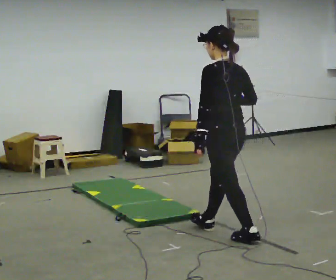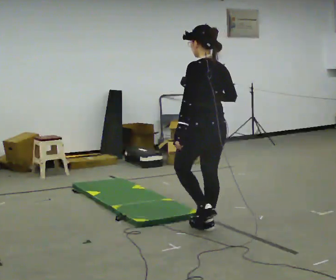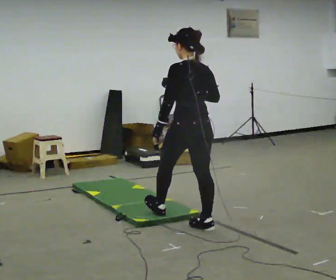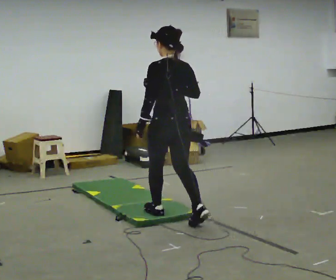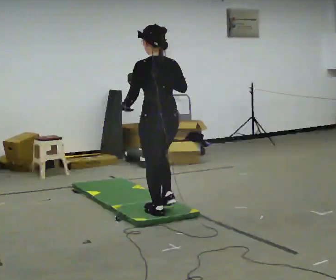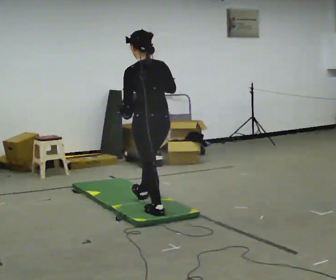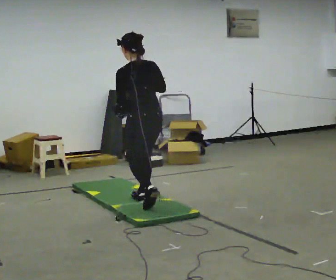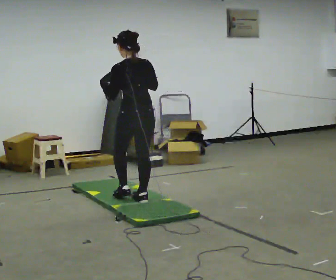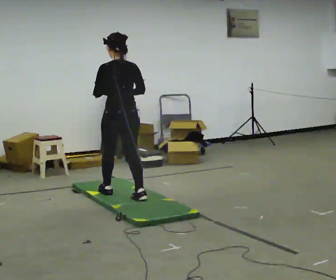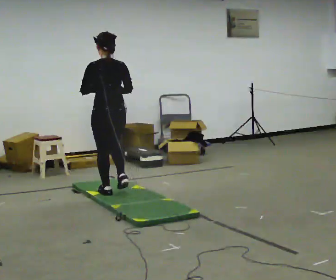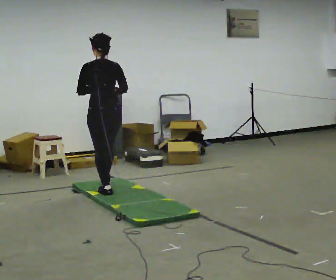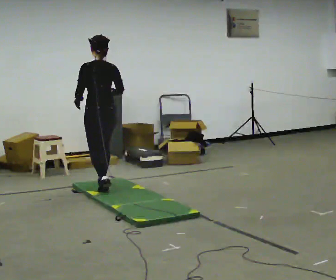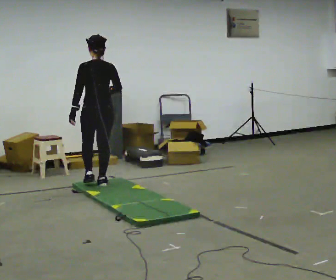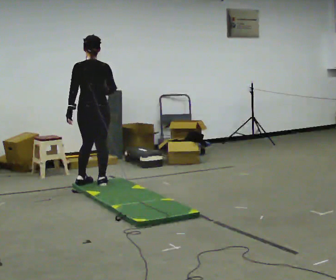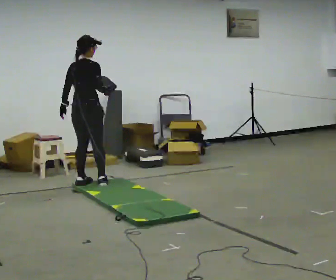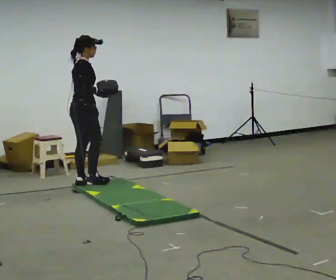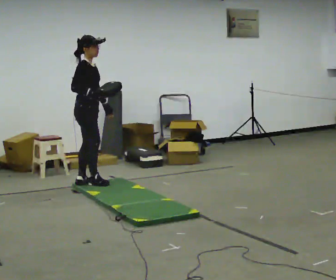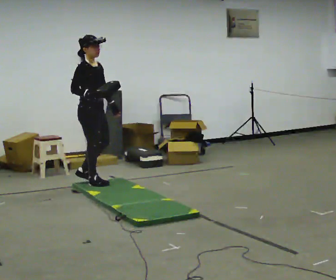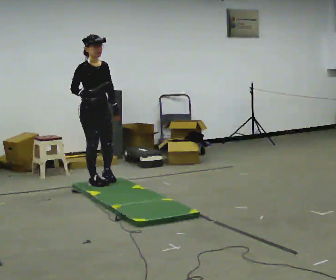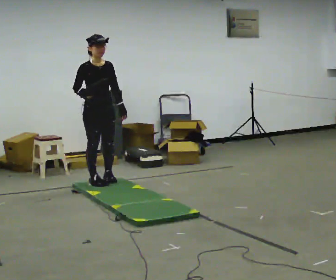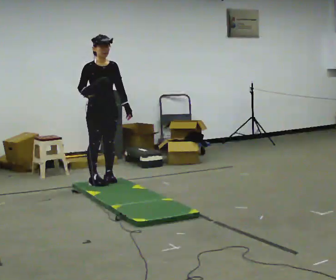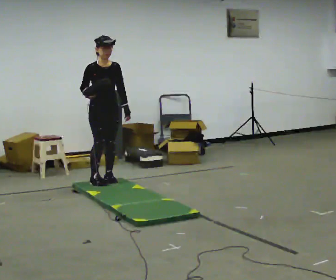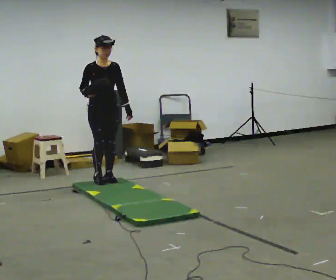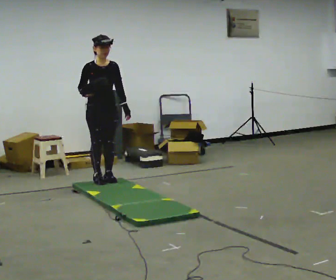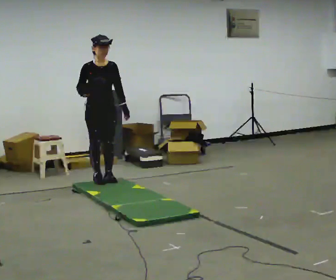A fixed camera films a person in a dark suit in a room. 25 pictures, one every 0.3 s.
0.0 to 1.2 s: In the picture they go away from the camera and to the left, about 0.5 m in 1 step, which for them is forward.
1.2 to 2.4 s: In the picture they go away from the camera and to the left, about 1 m in 2 steps, which for them is forward.
2.4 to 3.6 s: In the picture they go away from the camera and to the left, about 0.5 m in 1 step, which for them is forward.
3.6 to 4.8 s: The person turns about 105 degrees to their right, clockwise seen from above, so the part of the body nearest the lens slides to the left. In the picture they go to the left, about 0.25 m in 1 step. In the picture their left hand goes to the right, the arm swinging counterclockwise.
4.8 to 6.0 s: Seen from above the body turns clockwise, about 60 degrees: to their right, with its near side sliding to the left. In the picture they go to the right, about 0.25 m in 1 step, which for them is to their left.
6.0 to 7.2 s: The person moves a little, or ends about where they began.
The film runs forward here.
